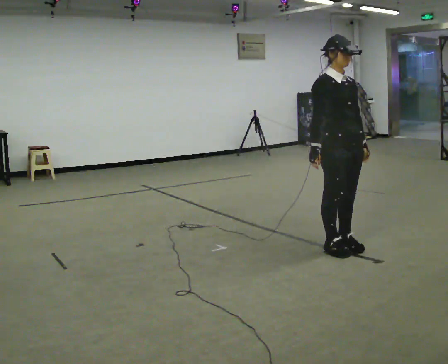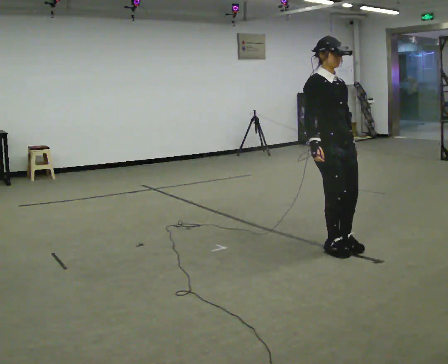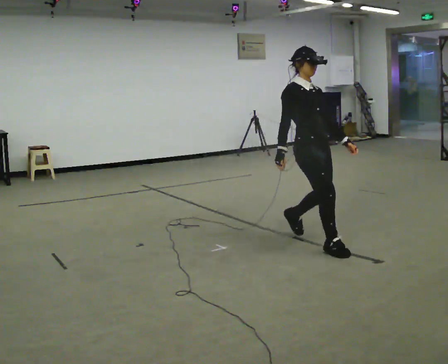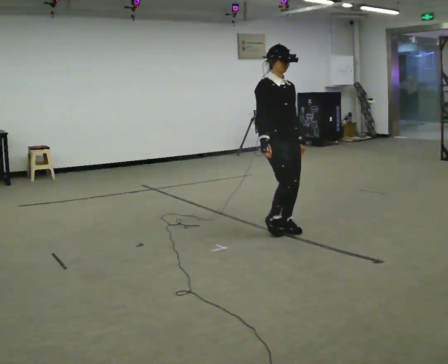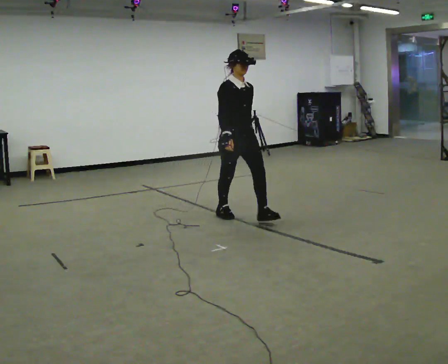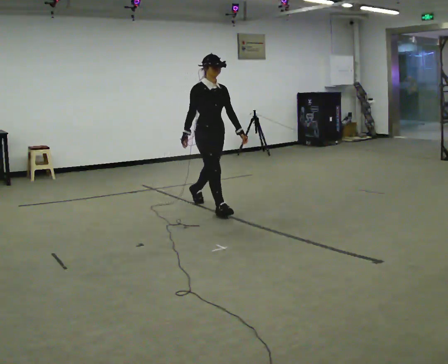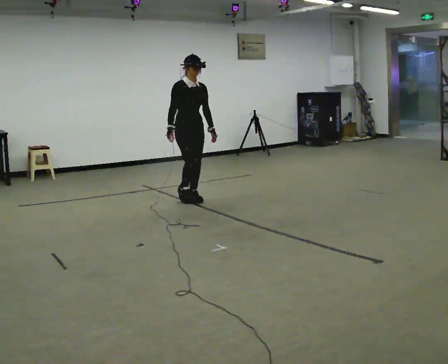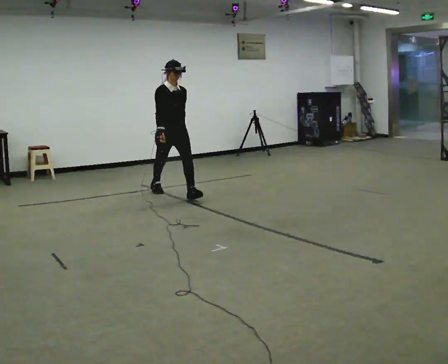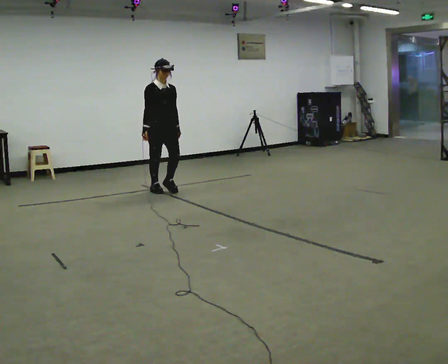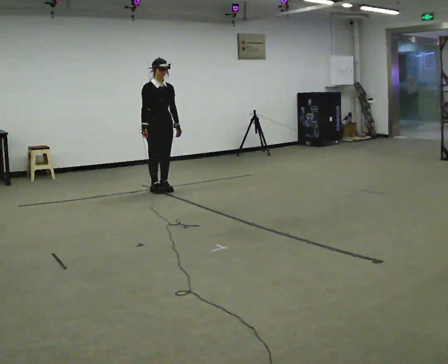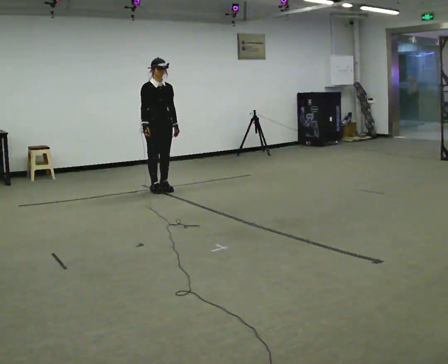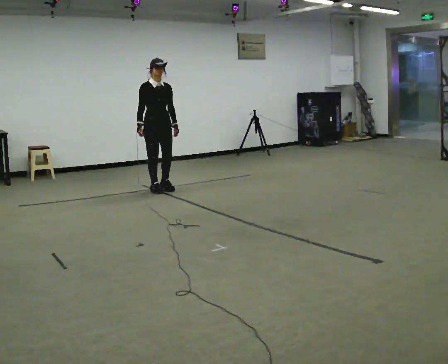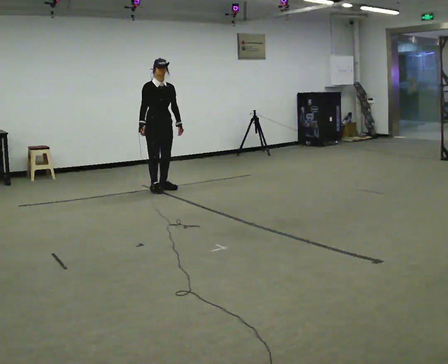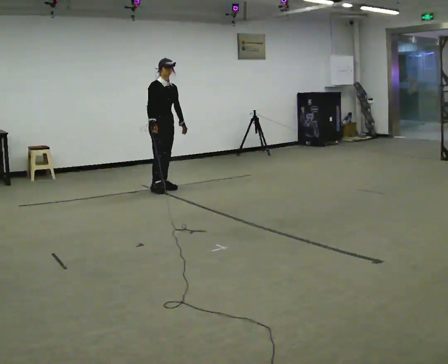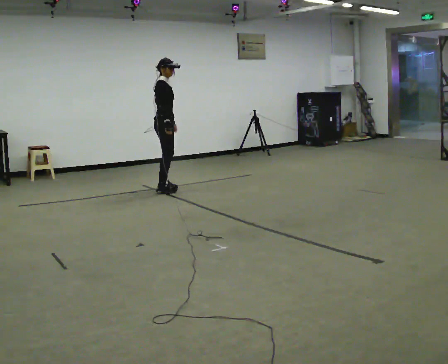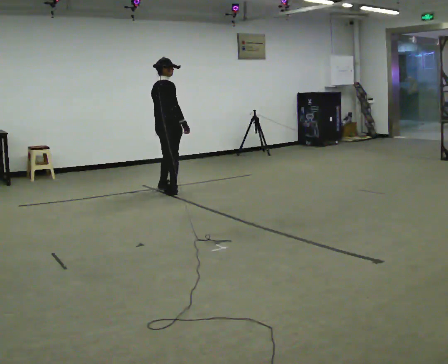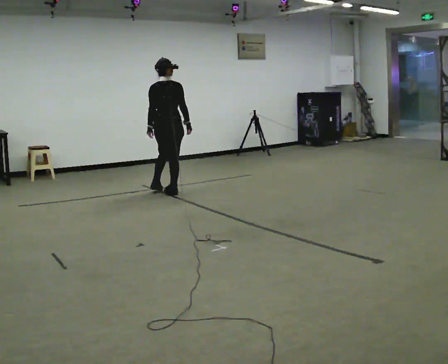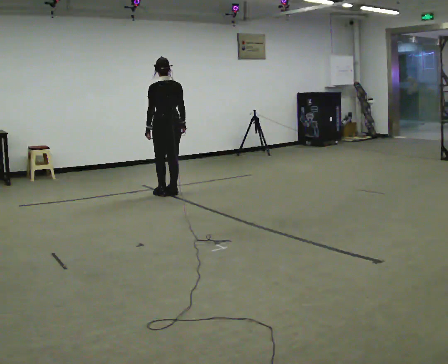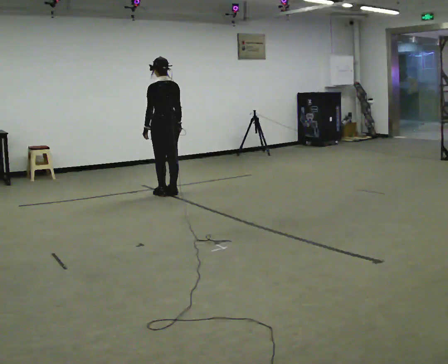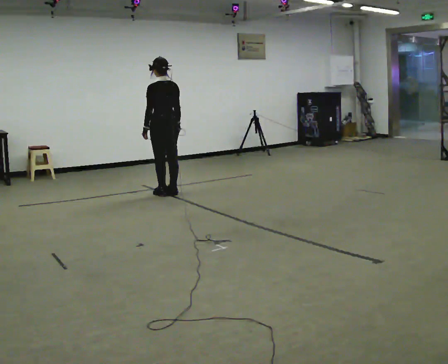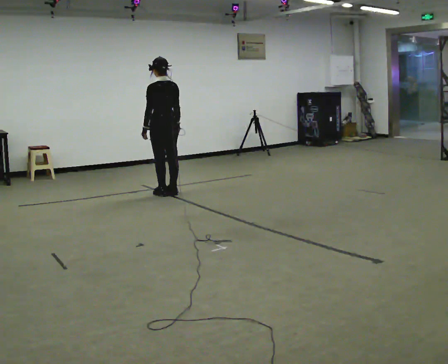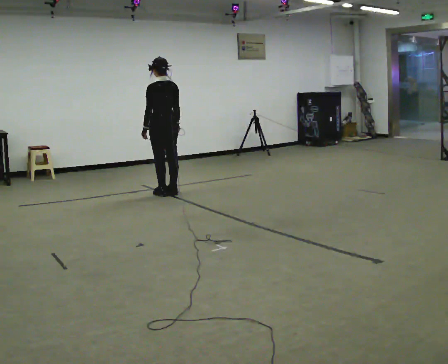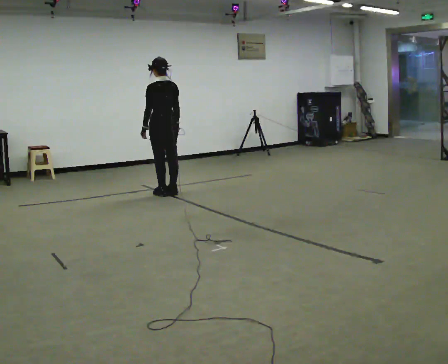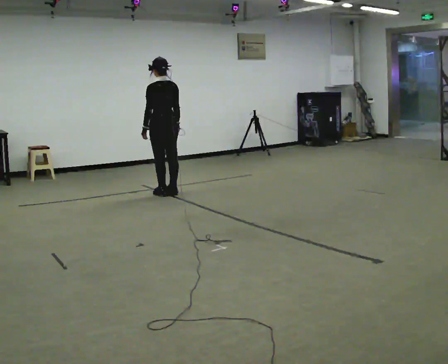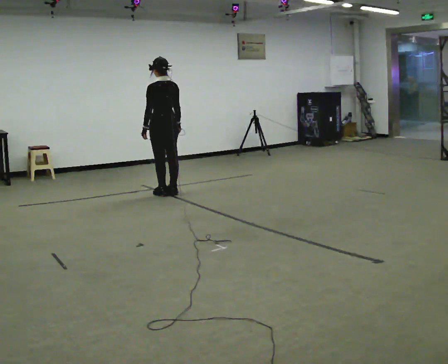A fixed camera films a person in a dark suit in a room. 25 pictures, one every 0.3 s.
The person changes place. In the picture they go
away from the camera.
0.0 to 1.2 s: In the picture they go away from the camera and to the left, about 1.5 m in 3 steps, which for them is backward.
1.2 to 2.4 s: In the picture they go away from the camera and to the left, about 1.5 m in 2 steps, which for them is backward.
2.4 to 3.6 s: In the picture they go away from the camera, about 0.25 m, which for them is backward.
3.6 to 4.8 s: Seen from above the body turns counterclockwise, about 150 degrees: to their left, with its near side sliding to the right. In the picture their right hand goes to the right, the arm swinging counterclockwise.
4.8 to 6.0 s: Seen from above the body turns counterclockwise, about 45 degrees: to their left, with its near side sliding to the right.
6.0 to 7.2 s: The person keeps their place and pose.
The film runs backward here.
